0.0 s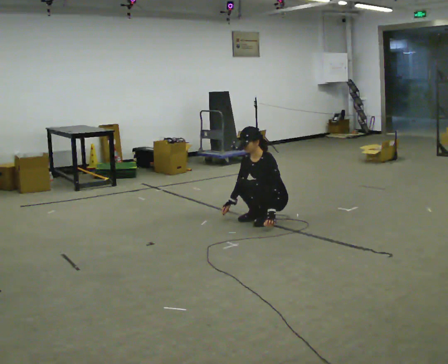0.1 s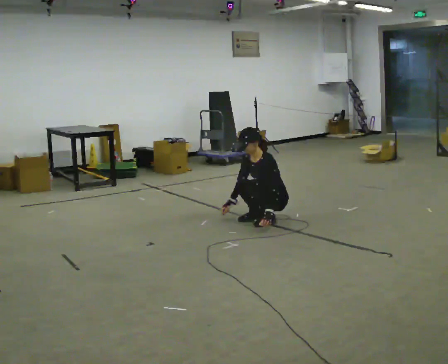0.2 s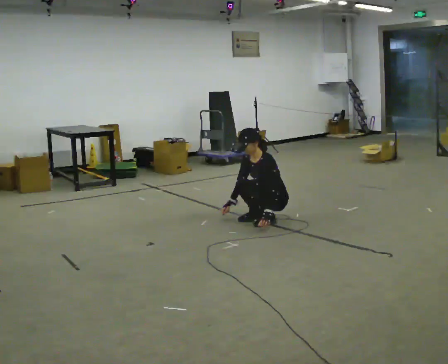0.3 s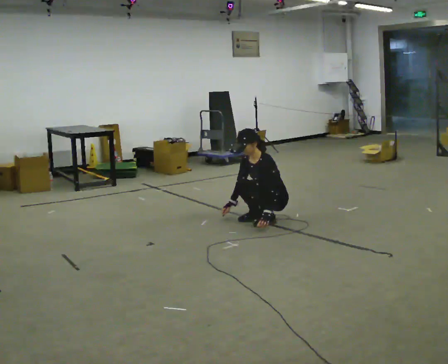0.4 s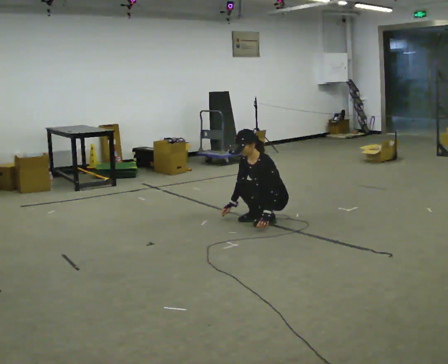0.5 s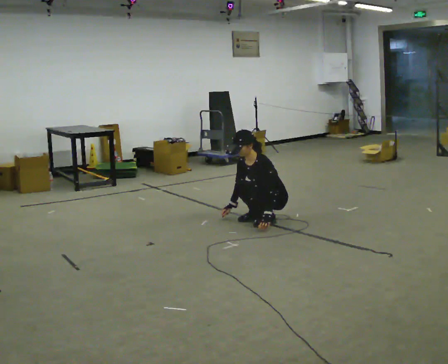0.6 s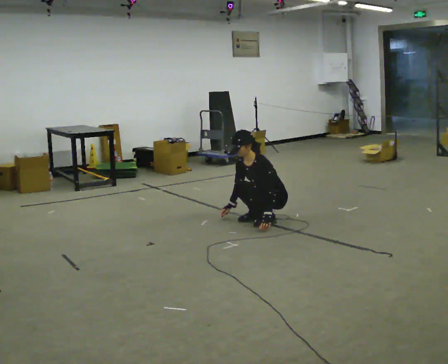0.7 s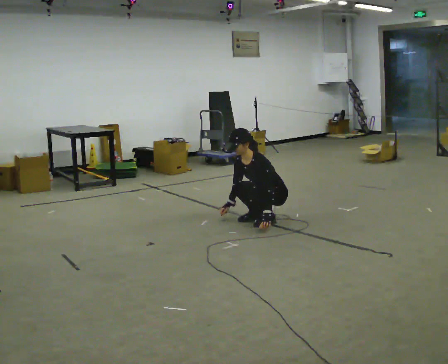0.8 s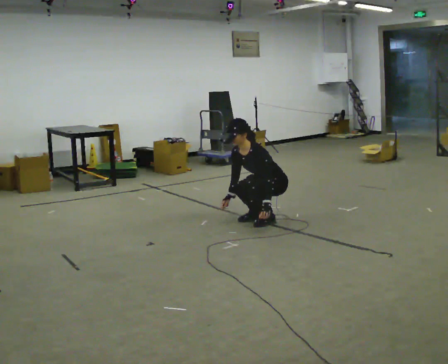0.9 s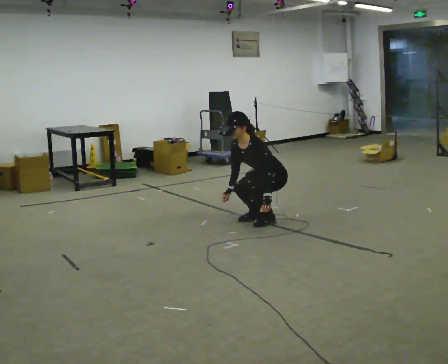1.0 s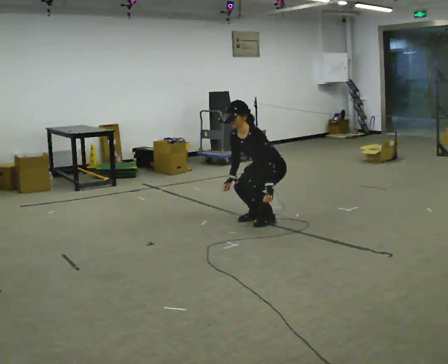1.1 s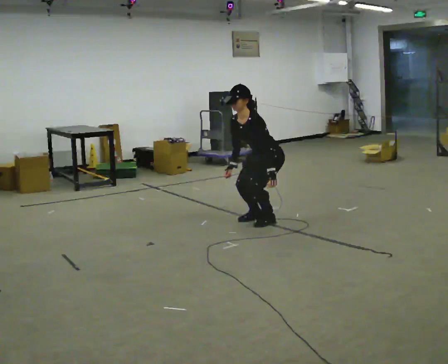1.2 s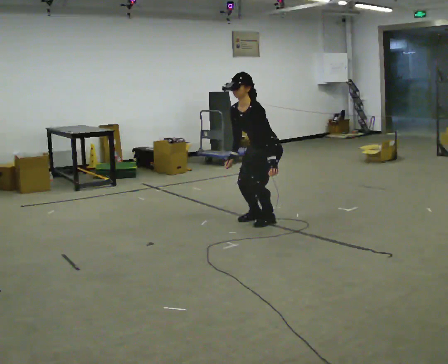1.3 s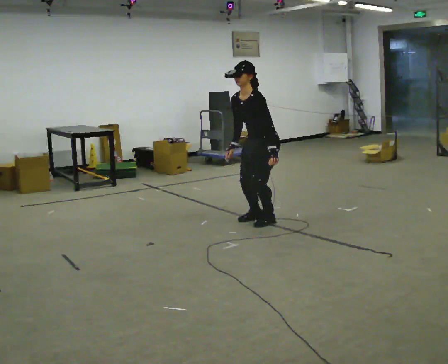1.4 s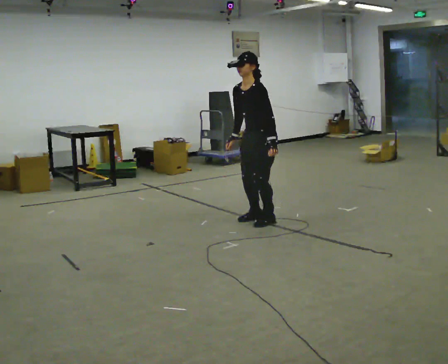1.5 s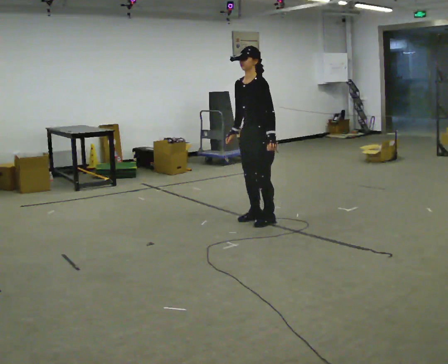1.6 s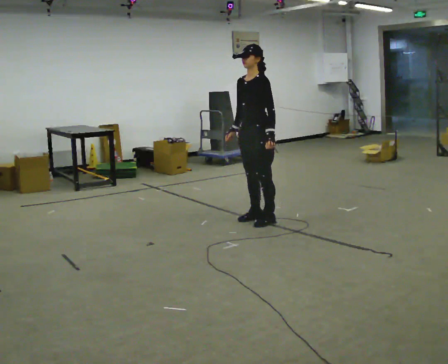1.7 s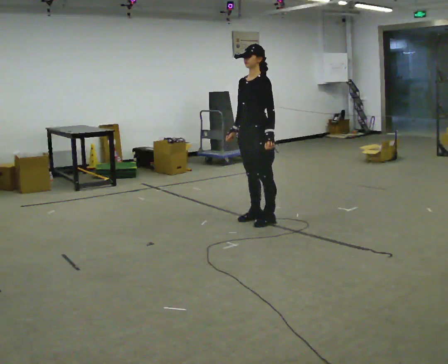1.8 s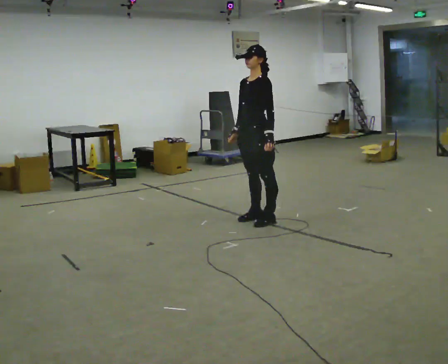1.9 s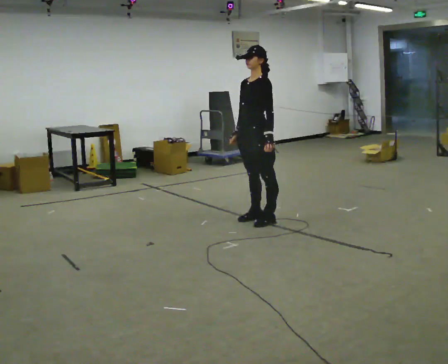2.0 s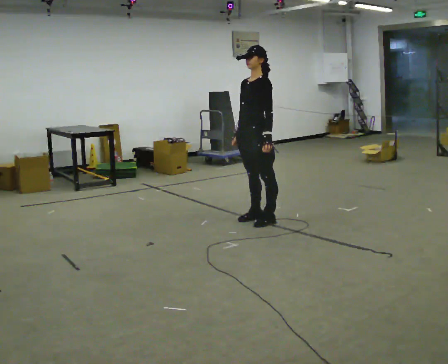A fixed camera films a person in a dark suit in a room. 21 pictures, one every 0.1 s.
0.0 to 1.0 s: The upper body goes upward. In the picture the upper body tilts counterclockwise, shoulders to the left, as they bend forward.
1.0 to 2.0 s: The upper body goes upward. In the picture the upper body tilts clockwise, shoulders to the right, as they lean back or straighten. In the picture their left hand goes upward.
The film runs forward here.
